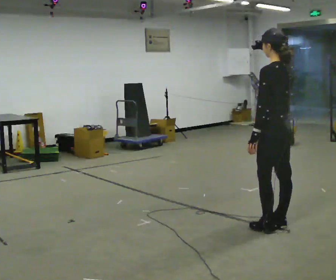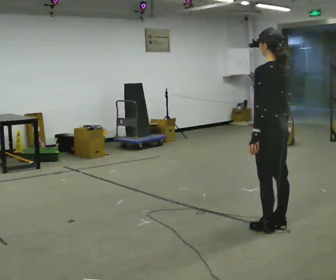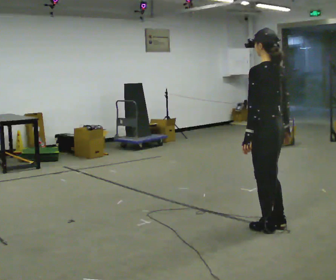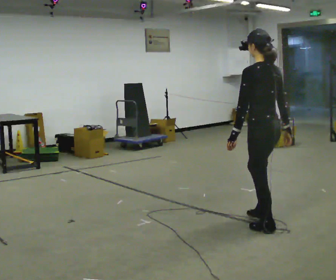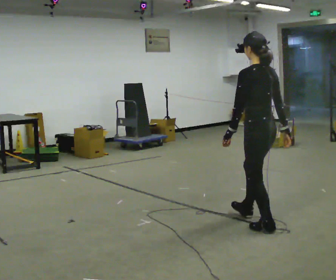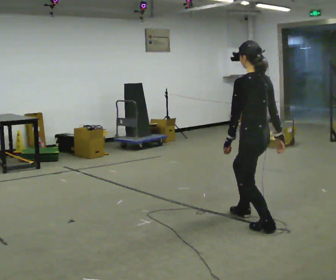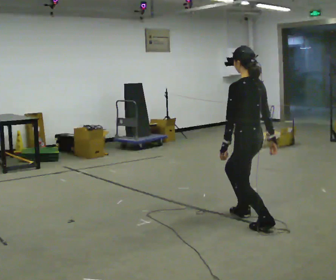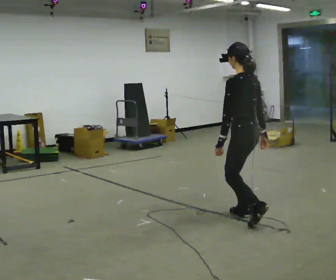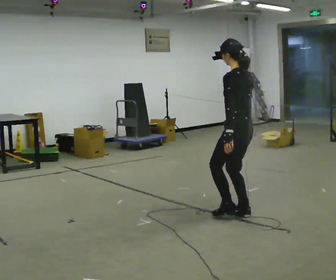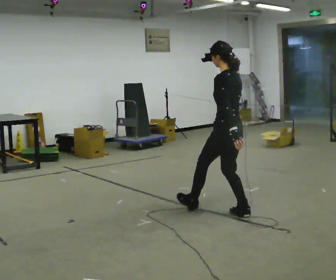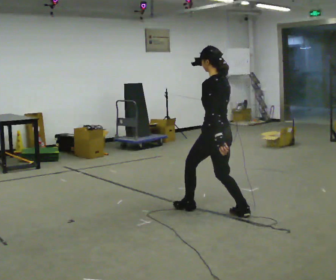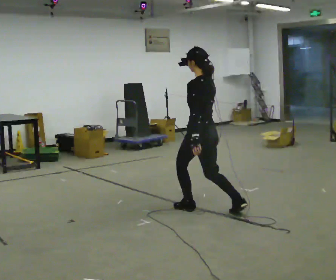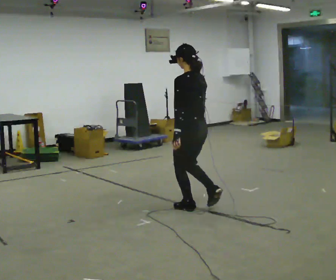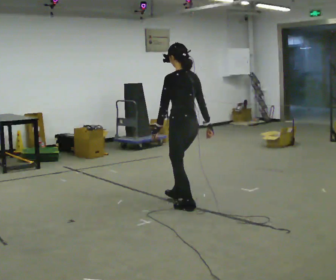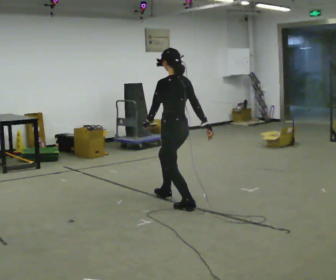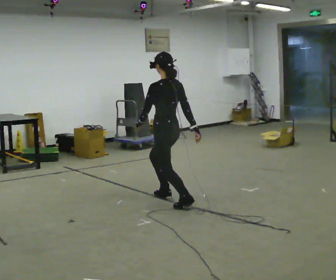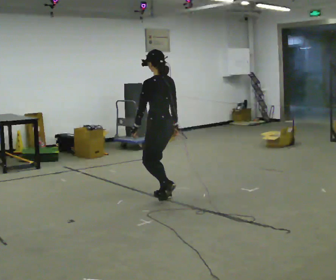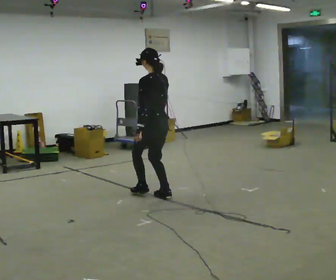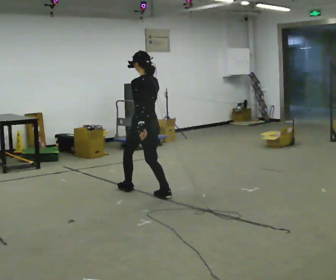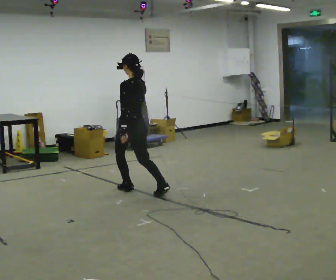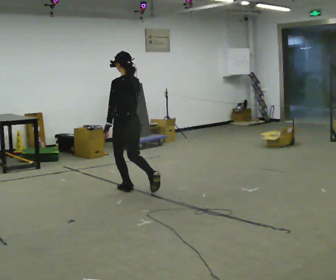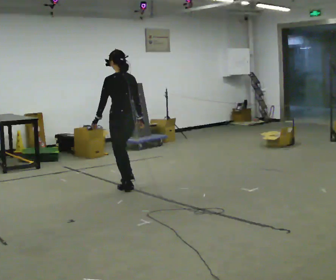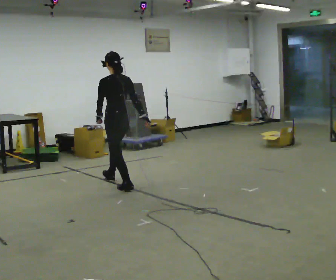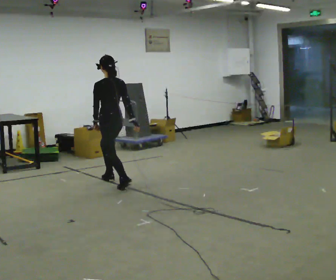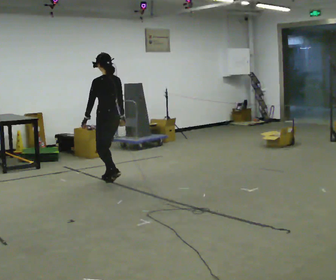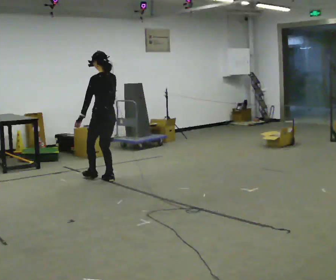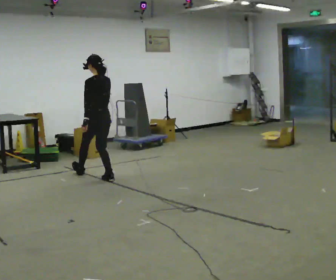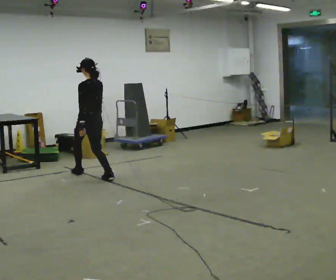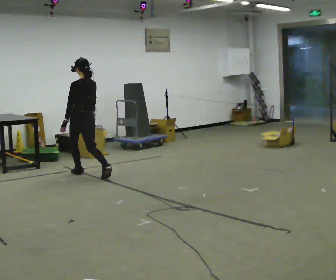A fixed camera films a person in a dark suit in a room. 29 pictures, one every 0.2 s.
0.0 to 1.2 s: In the picture they go away from the camera and to the left, about 0.25 m in 1 step, which for them is forward.
1.2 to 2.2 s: In the picture they go to the left and away from the camera, about 0.5 m in 1 step, which for them is forward.
2.2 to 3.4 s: In the picture they go away from the camera and to the left, about 0.5 m in 1 step, which for them is forward.
3.4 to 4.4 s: In the picture they go to the left and away from the camera, about 0.5 m in 1 step, which for them is forward.
4.4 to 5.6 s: In the picture they go away from the camera and to the left, about 1 m in 2 steps, which for them is forward.
The film runs forward here.
